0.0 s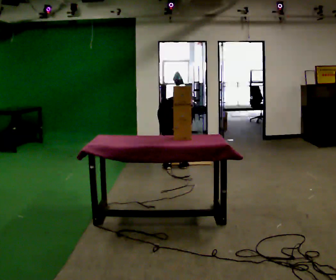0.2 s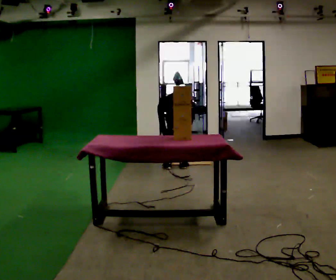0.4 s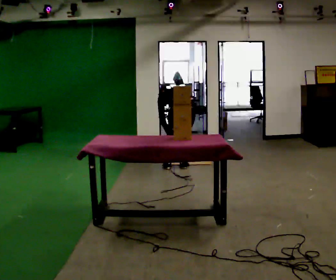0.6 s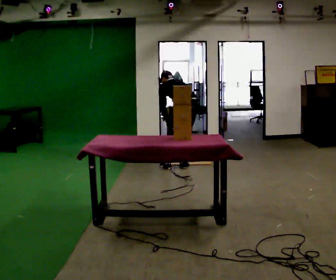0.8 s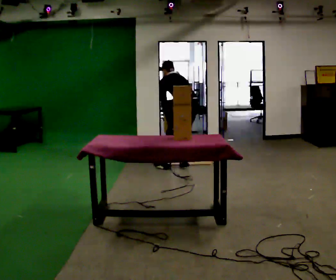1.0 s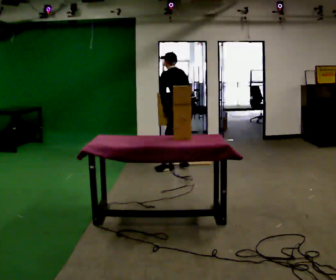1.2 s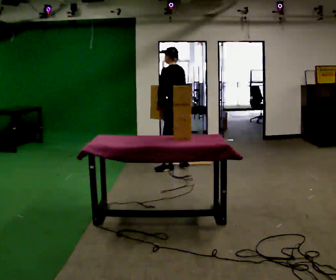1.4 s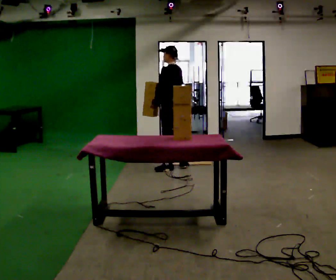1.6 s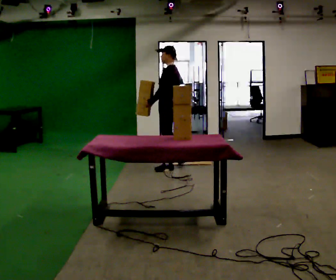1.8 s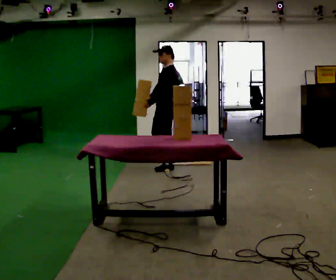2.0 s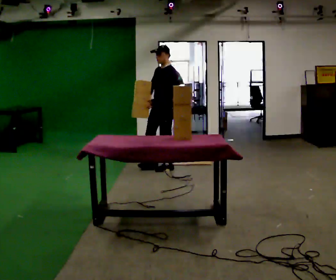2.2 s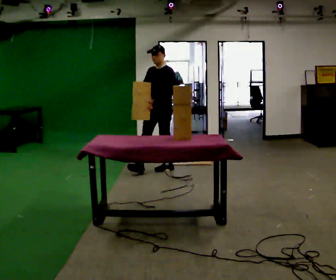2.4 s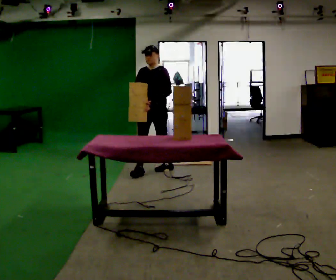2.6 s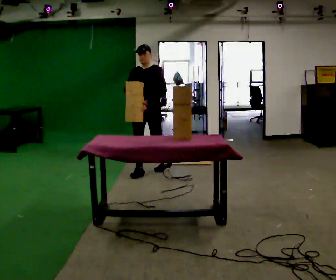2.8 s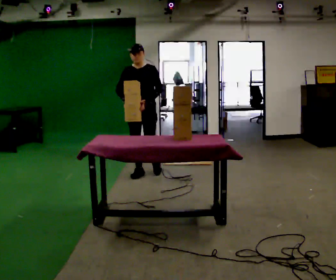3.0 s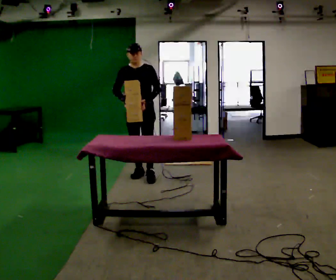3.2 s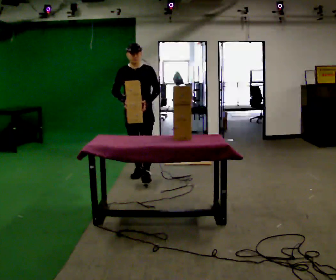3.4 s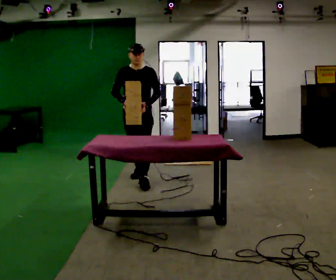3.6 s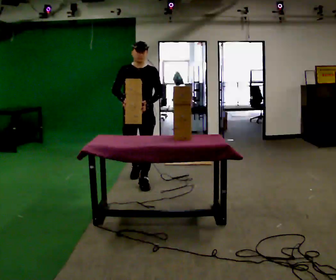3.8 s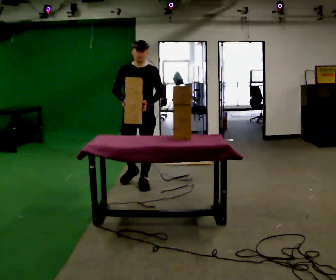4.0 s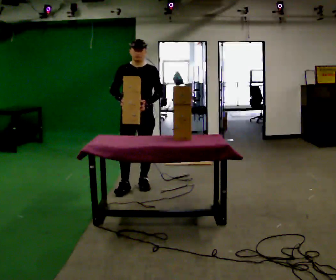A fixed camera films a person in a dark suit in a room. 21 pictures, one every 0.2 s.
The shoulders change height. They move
upward.
The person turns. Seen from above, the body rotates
counterclockwise.
0.0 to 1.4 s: The part of the body nearest the lens slides to the right as the person turns to their left by about 60 degrees. The shoulders move upward. The upper body tips toward the camera, its near side rolling downward, as they lean back or straighten. In the picture their right hand goes upward and to the left, the arm swinging clockwise.
1.4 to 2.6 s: The part of the body nearest the lens slides to the right as the person turns to their left by about 90 degrees. In the picture they go to the left and toward the camera, about 0.5 m in 1 step.
2.6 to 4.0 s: In the picture they go toward the camera, about 0.75 m in 1 step, which for them is forward.
The film runs forward here.
